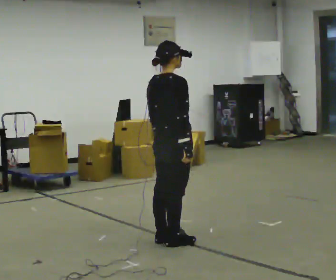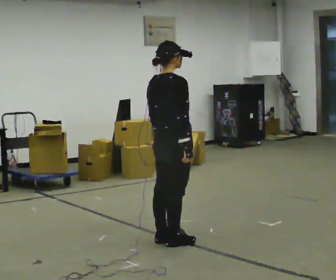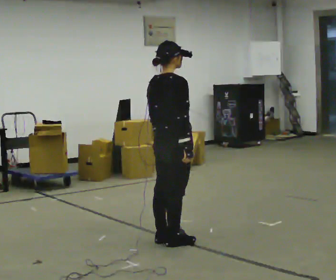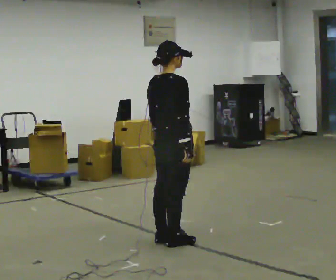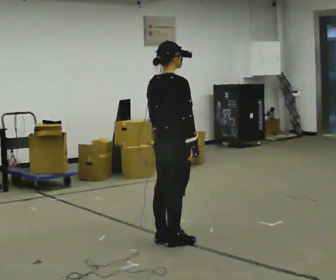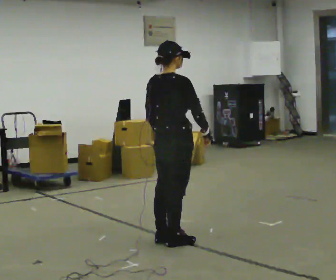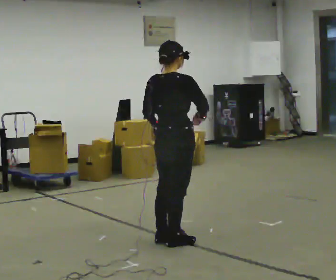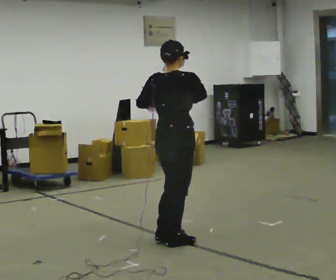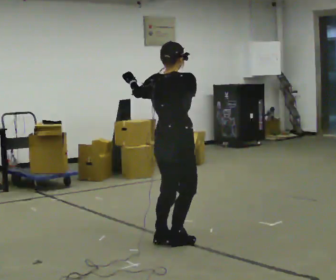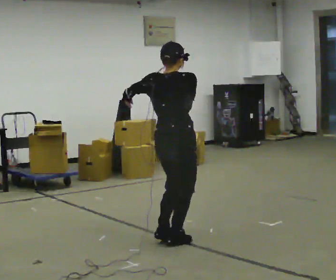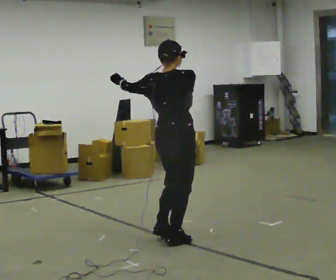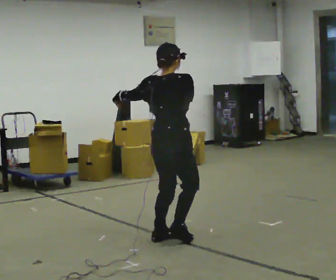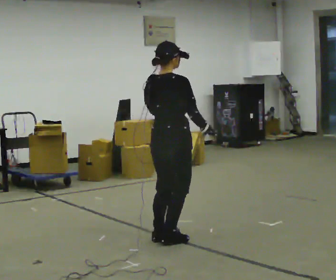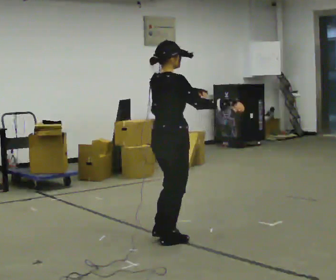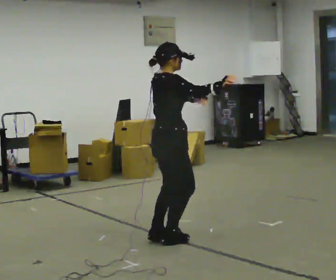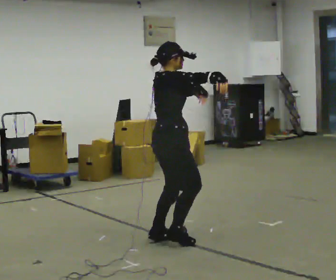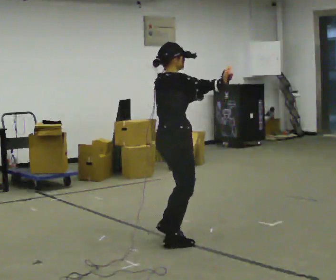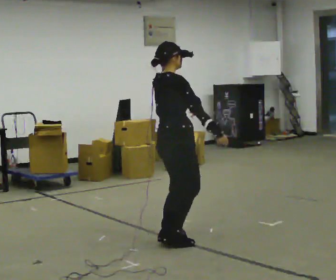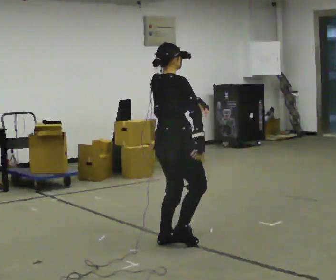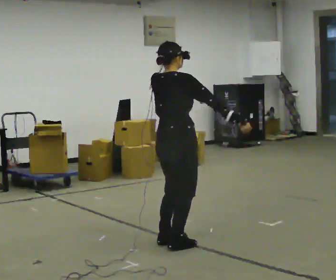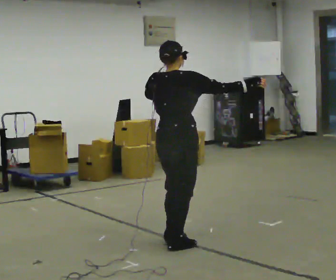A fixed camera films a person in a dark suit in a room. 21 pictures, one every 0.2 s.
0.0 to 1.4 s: The person moves a little, or ends about where they began.
1.4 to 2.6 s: In the picture their right hand goes to the right.
2.6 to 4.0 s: In the picture their left hand goes to the left.
The film runs forward here.
